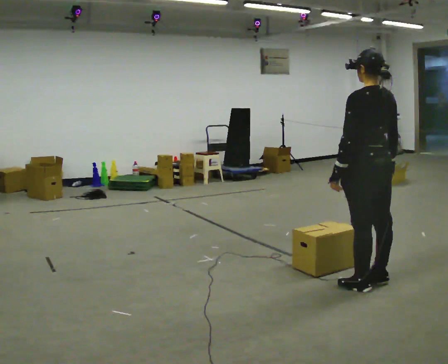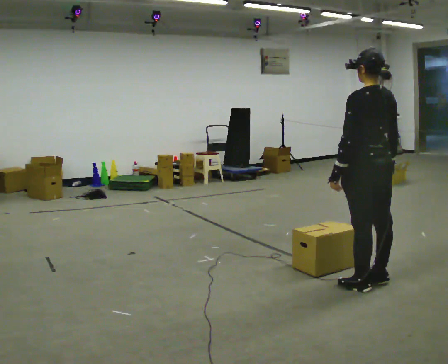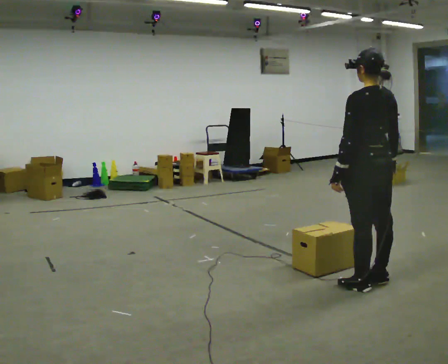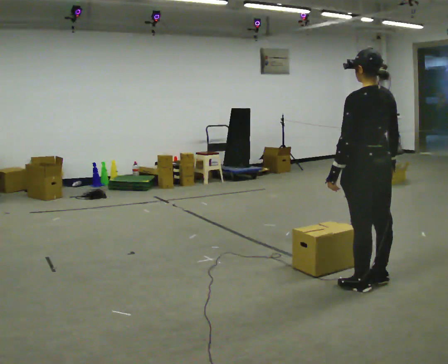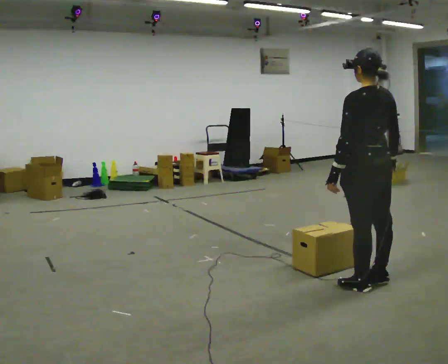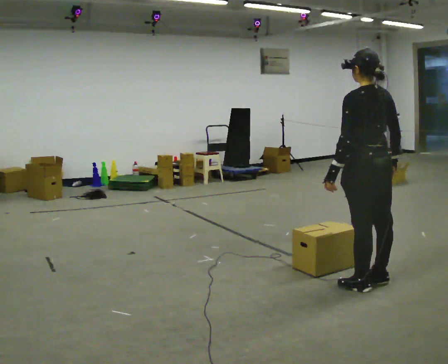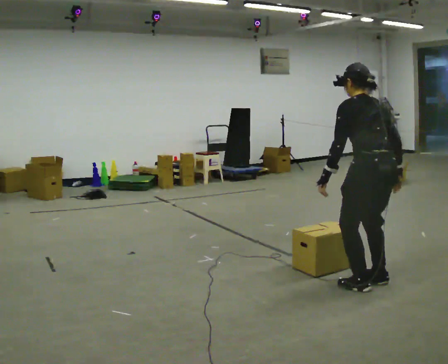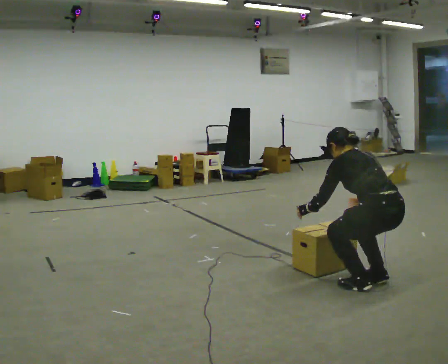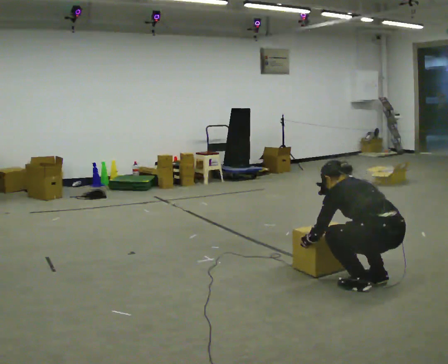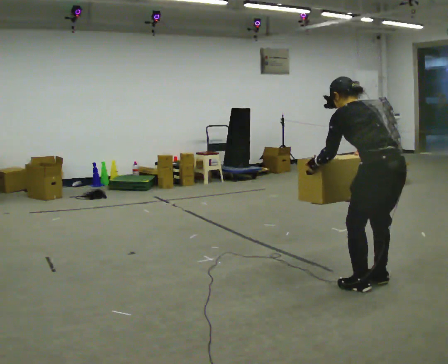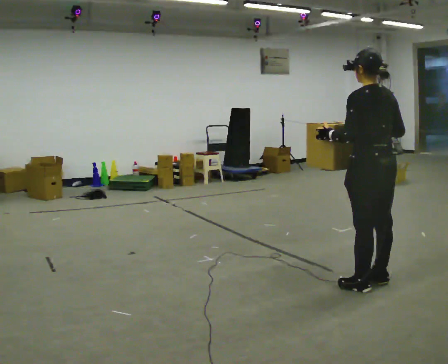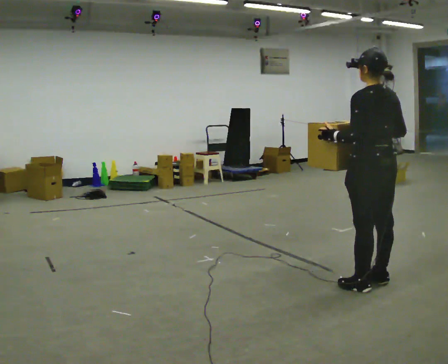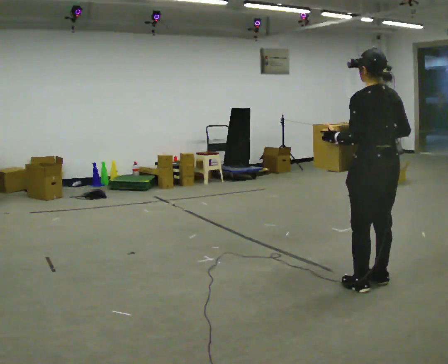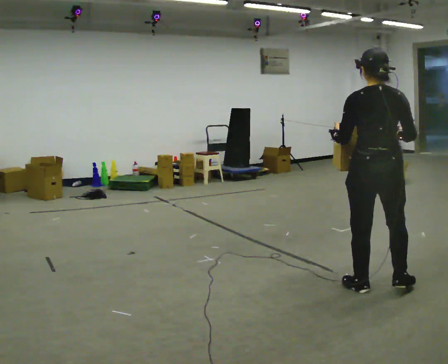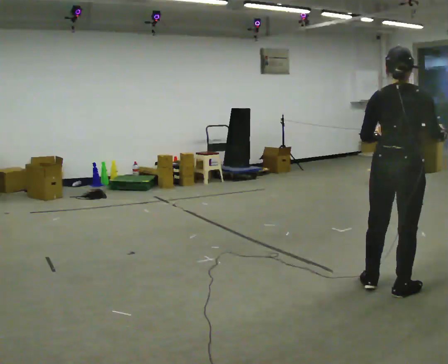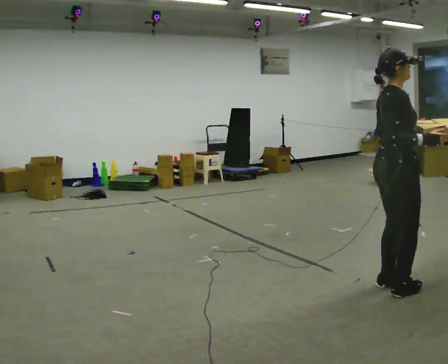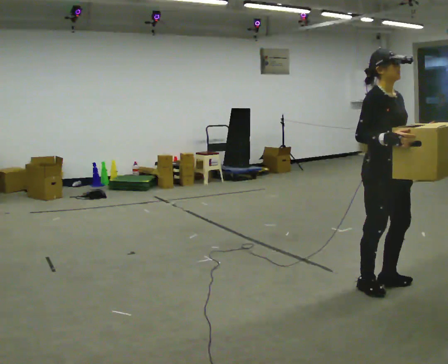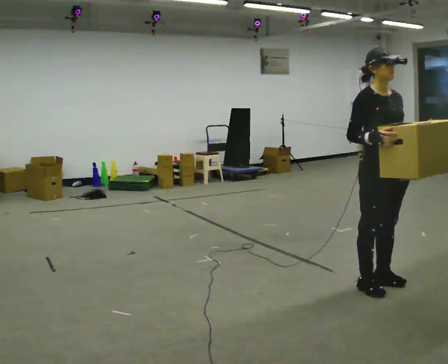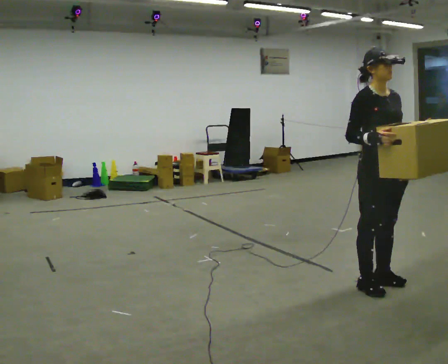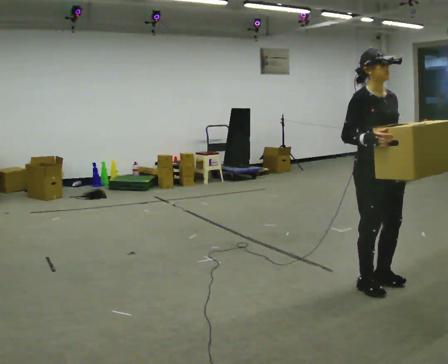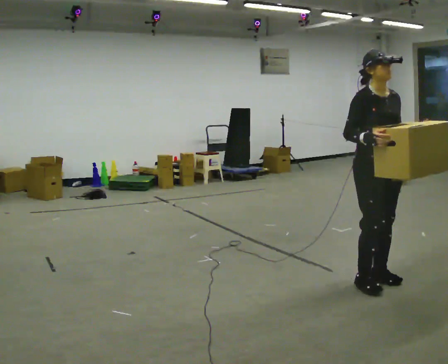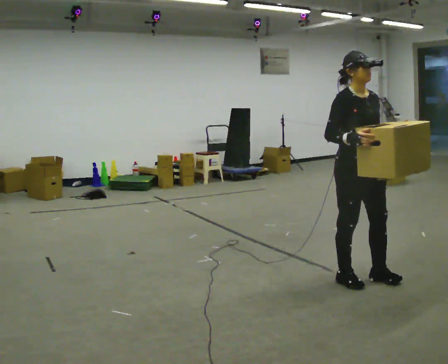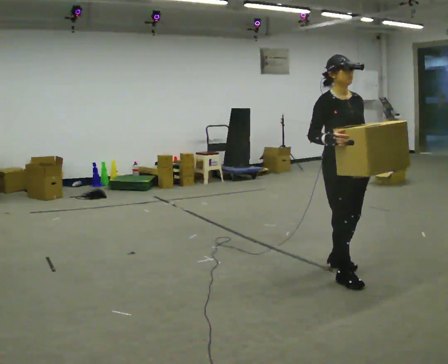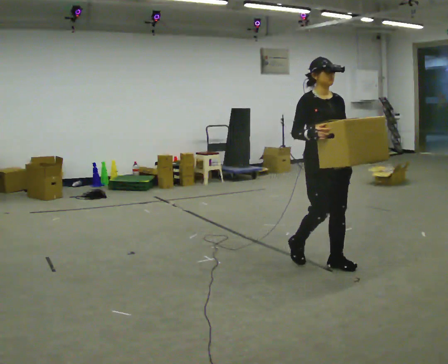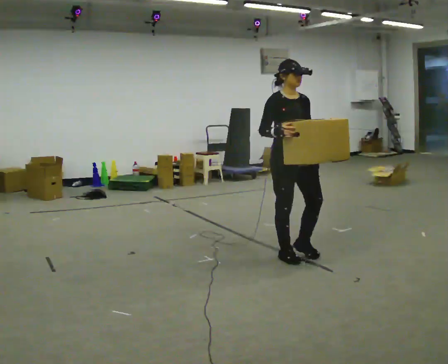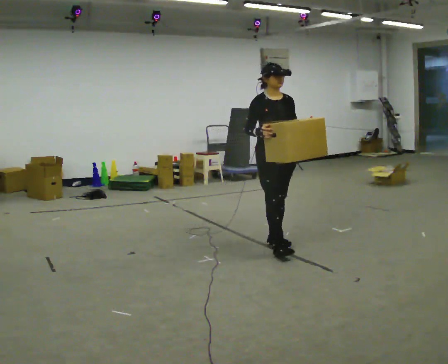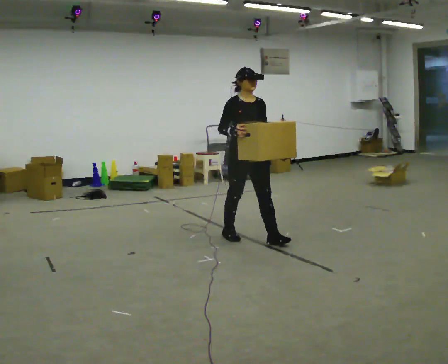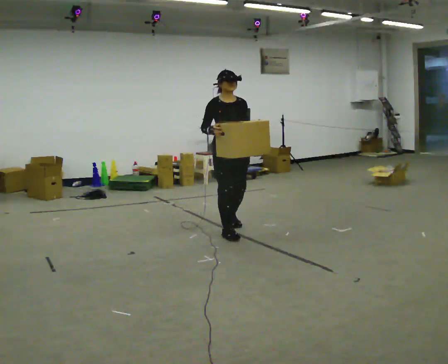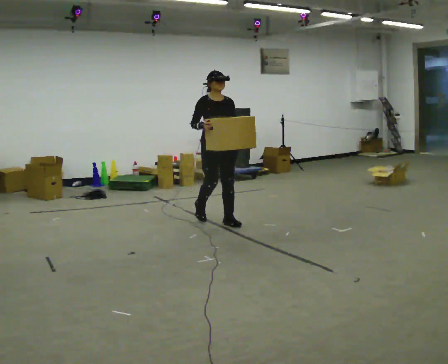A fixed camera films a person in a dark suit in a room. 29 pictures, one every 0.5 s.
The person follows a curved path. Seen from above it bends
counterclockwise.
The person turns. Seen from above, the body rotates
clockwise.
0.0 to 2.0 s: The person keeps their place and pose.
2.0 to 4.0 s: The upper body goes downward. In the picture the upper body tilts counterclockwise, shoulders to the left, as they bend forward. In the picture their left hand goes downward.
4.0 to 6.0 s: The shoulders move upward. In the picture the upper body tilts clockwise, shoulders to the right, as they lean back or straighten. In the picture their right hand goes upward.
6.0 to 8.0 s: Seen from above the body turns clockwise, about 165 degrees: to their right, with its near side sliding to the left. In the picture their left hand goes to the right.
8.0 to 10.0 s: The person moves a little, or ends about where they began.
10.0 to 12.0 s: In the picture they go to the left and away from the camera, about 1 m in 3 steps, which for them is backward.
12.0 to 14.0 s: In the picture they go away from the camera and to the left, about 1.5 m in 3 steps, which for them is backward.
The film runs backward here.
